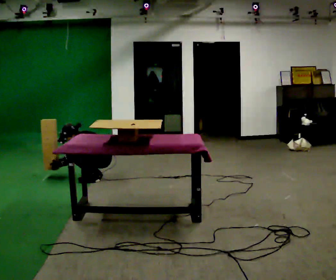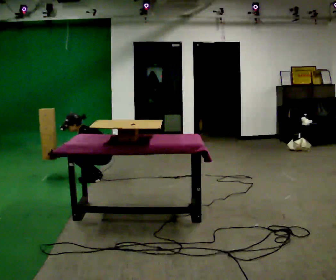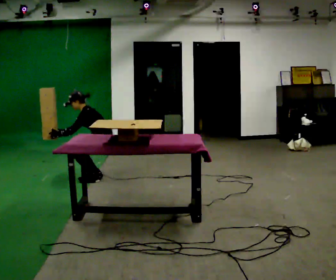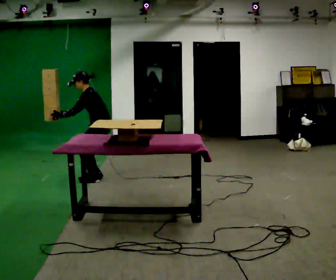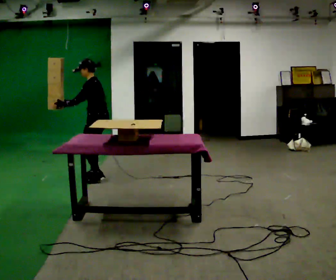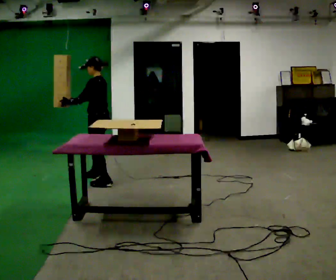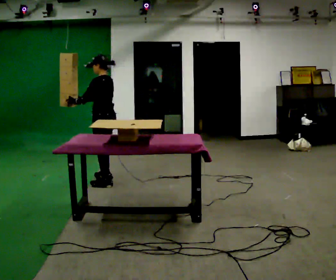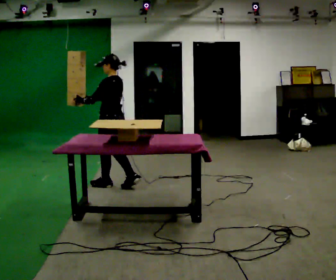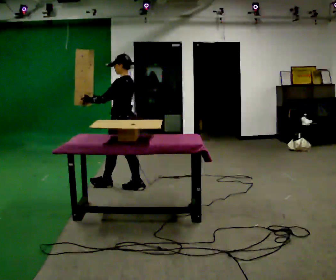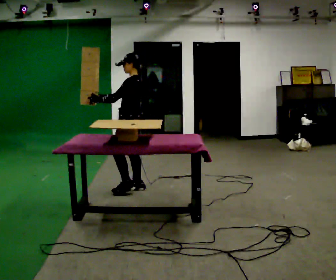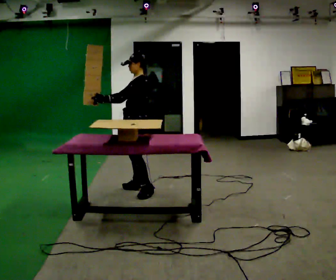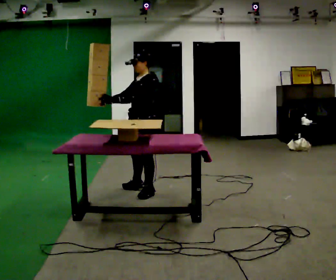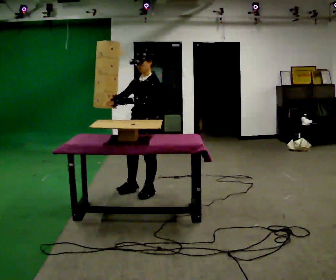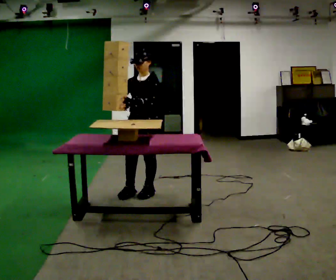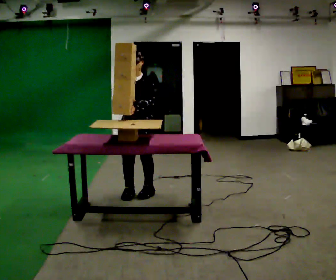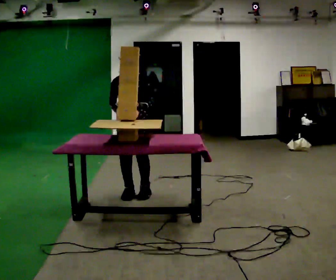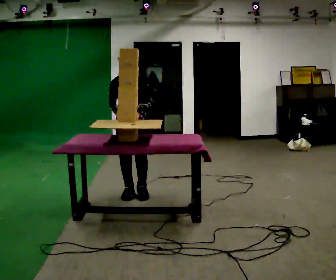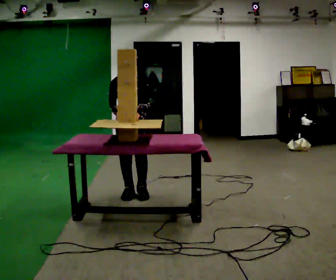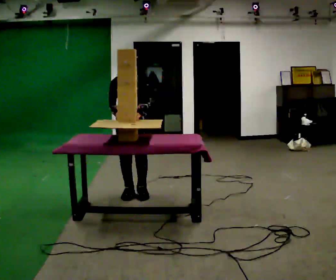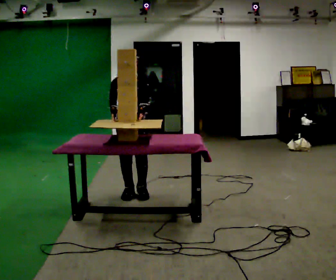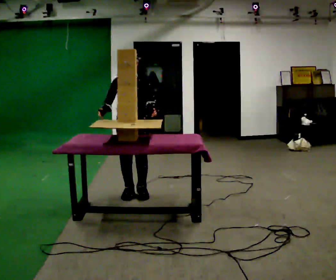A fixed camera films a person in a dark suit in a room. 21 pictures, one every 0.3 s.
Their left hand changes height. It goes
upward.
The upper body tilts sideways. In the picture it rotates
clockwise.
0.0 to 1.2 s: The upper body goes upward. In the picture the upper body tilts clockwise, shoulders to the right, as they lean back or straighten. In the picture their right hand goes upward.
1.2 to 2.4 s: In the picture they go toward the camera and to the right, about 0.5 m in 1 step, which for them is backward and to their left. In the picture the upper body tilts clockwise, shoulders to the right, as they lean back or straighten.
2.4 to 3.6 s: The person turns about 60 degrees to their left, counterclockwise seen from above, so the part of the body nearest the lens slides to the right. In the picture they go toward the camera and to the right, about 0.5 m in 2 steps, which for them is backward and to their left.
3.6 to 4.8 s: The part of the body nearest the lens slides to the right as the person turns to their left by about 45 degrees. In the picture they go to the left, about 0.25 m, which for them is to their right.
4.8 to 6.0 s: The person moves a little, or ends about where they began.
The film runs backward here.
